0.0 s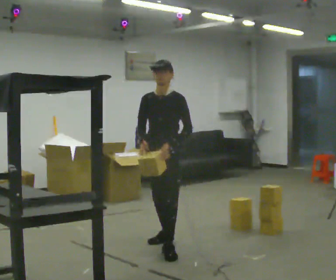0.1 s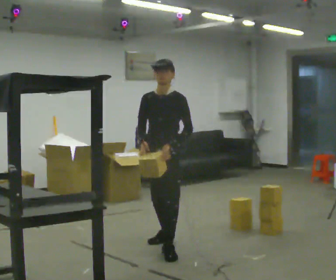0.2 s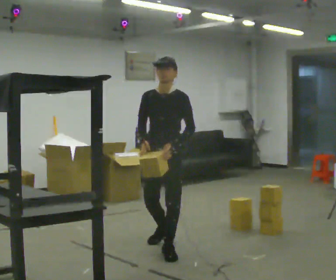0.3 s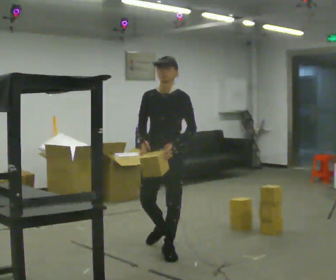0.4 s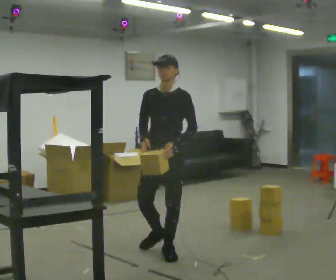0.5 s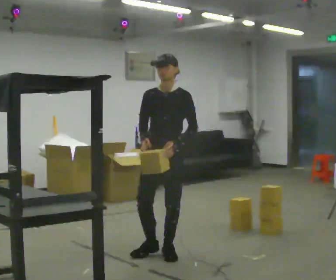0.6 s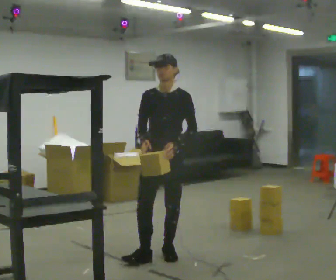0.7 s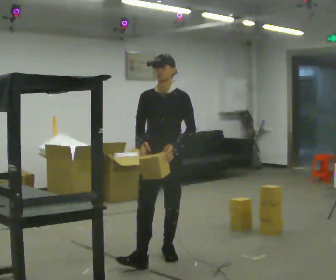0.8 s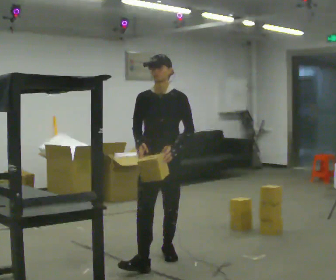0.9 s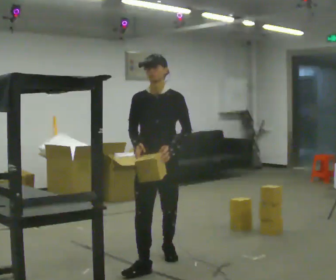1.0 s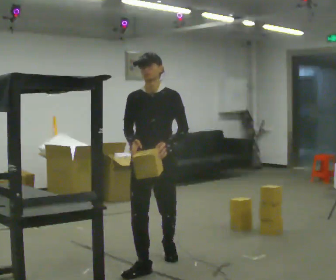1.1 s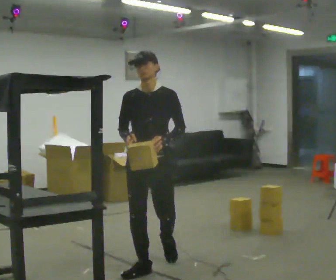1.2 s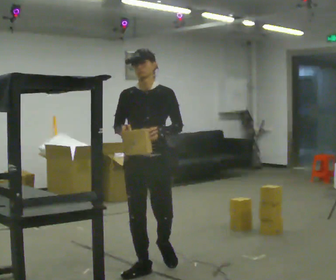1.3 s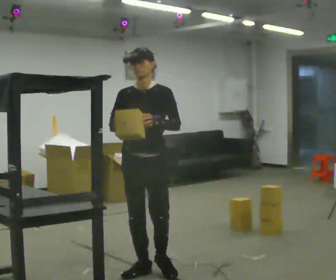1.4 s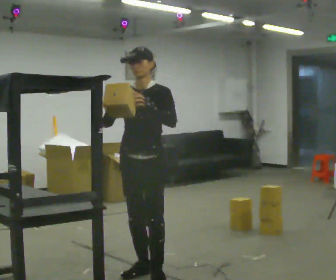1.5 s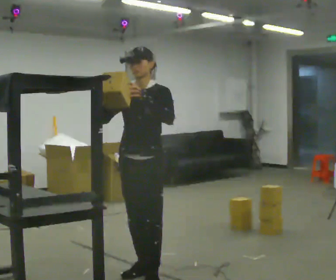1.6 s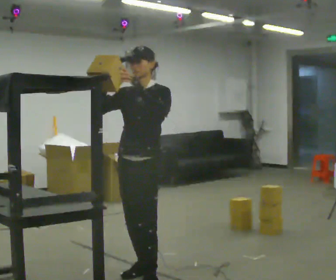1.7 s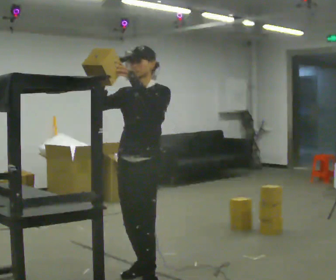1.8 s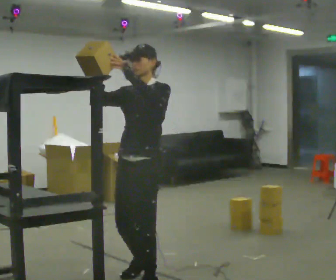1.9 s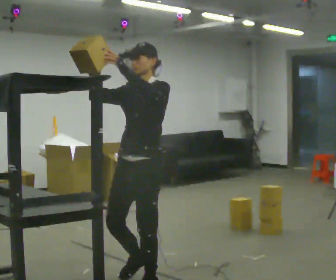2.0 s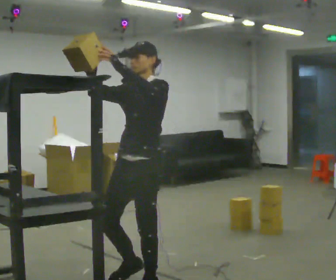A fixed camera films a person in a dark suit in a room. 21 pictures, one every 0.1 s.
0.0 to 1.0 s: In the picture they go toward the camera, about 0.75 m in 1 step, which for them is forward.
1.0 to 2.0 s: The person turns about 30 degrees to their right, clockwise seen from above, so the part of the body nearest the lens slides to the left. In the picture they go toward the camera, about 0.5 m in 1 step, which for them is forward. In the picture their left hand goes upward.
The film runs forward here.
